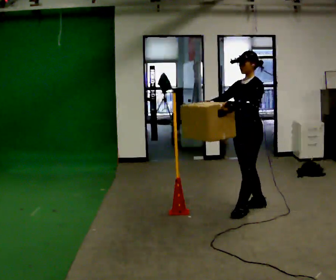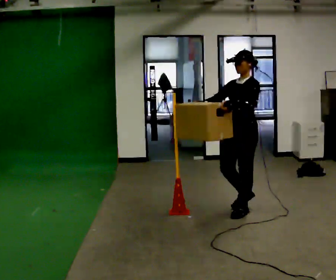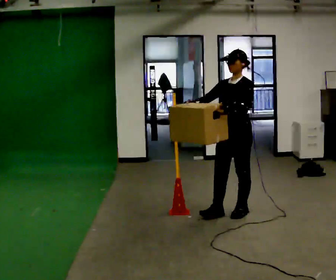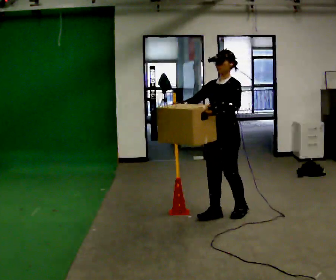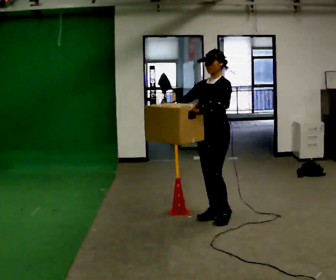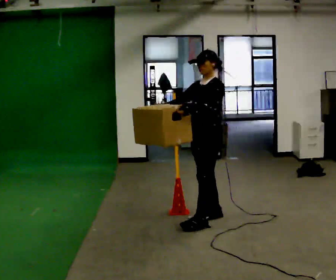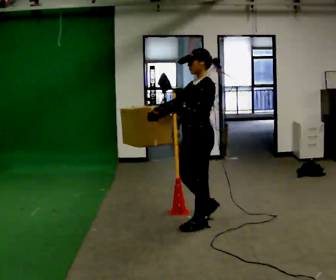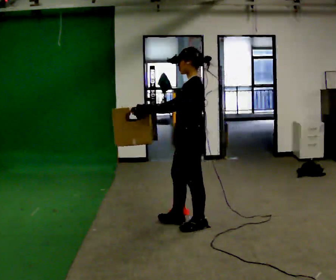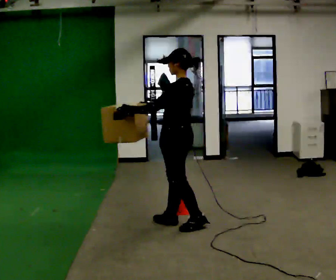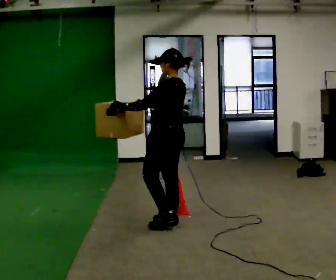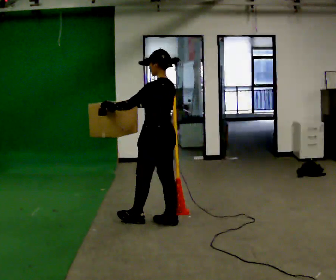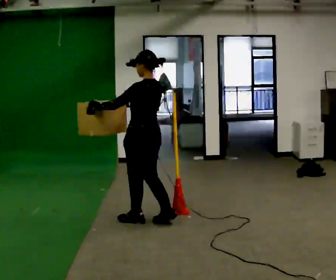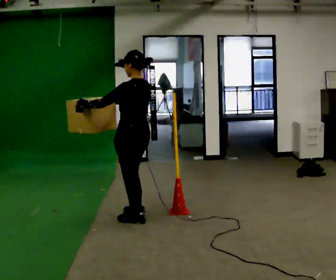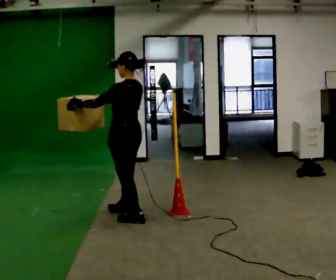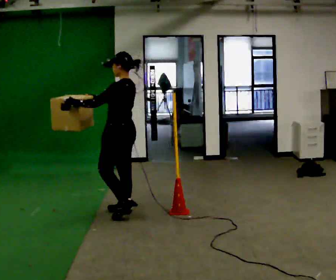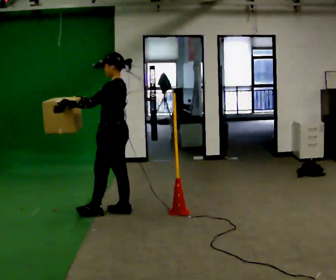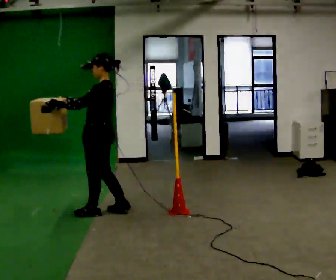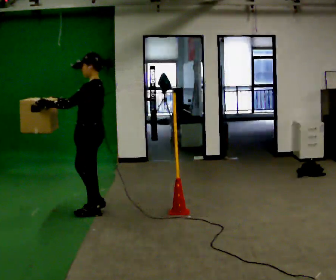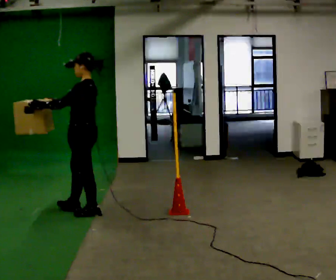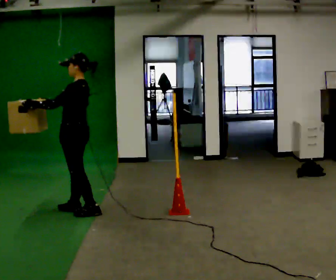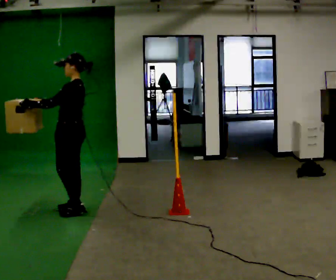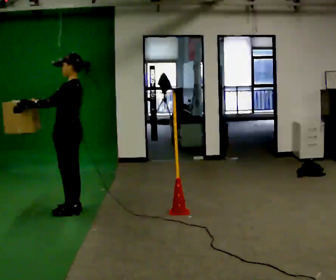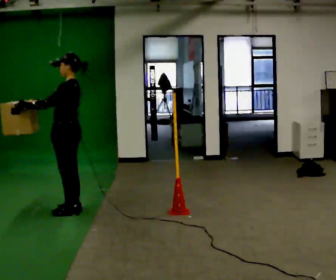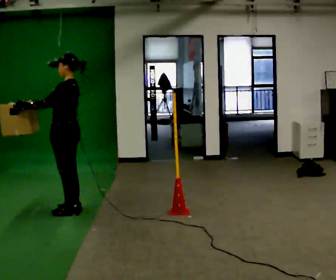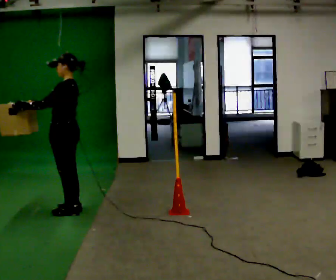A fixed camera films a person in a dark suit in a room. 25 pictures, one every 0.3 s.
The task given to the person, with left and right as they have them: Carry the box across the room. The operator will step into your path partway across, so go around them and carry on. Keep going until the operator says stop; one object at a time, and do not rush between trips.
0.0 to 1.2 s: In the picture they go to the left and toward the camera, about 0.5 m in 1 step, which for them is forward.
1.2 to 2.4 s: Seen from above the body turns clockwise, about 60 degrees: to their right, with its near side sliding to the left. In the picture they go to the left and toward the camera, about 0.25 m in 2 steps, which for them is forward.
2.4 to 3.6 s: In the picture they go to the left and away from the camera, about 0.5 m in 1 step, which for them is forward.
3.6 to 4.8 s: Seen from above the body turns counterclockwise, about 30 degrees: to their left, with its near side sliding to the right. In the picture they go to the left and away from the camera, about 0.5 m in 2 steps, which for them is forward.
4.8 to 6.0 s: In the picture they go to the left, about 0.25 m in 1 step, which for them is forward.
6.0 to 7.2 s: The person moves a little, or ends about where they began.
The film runs forward here.
